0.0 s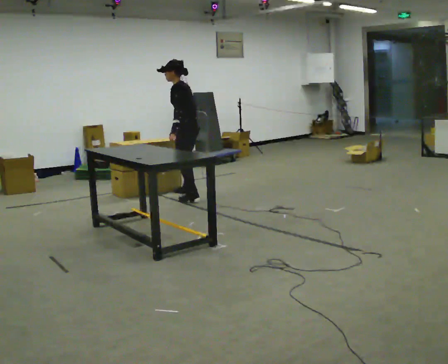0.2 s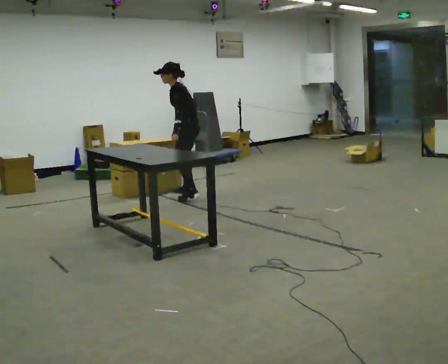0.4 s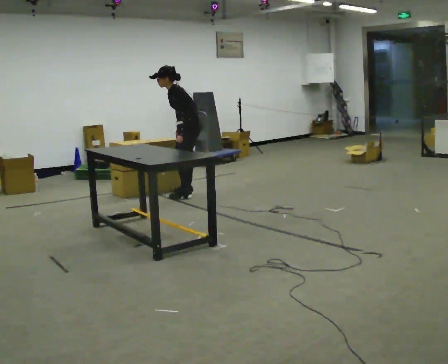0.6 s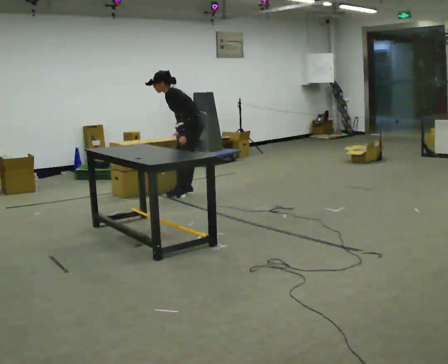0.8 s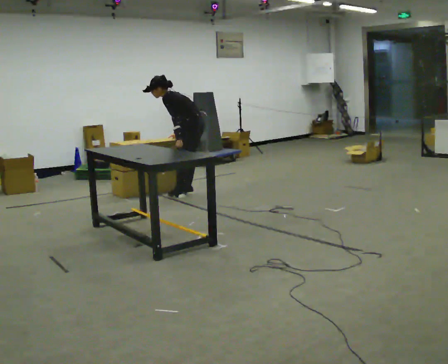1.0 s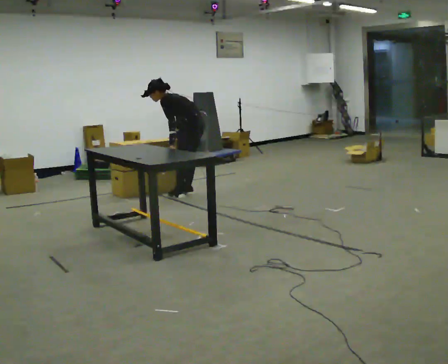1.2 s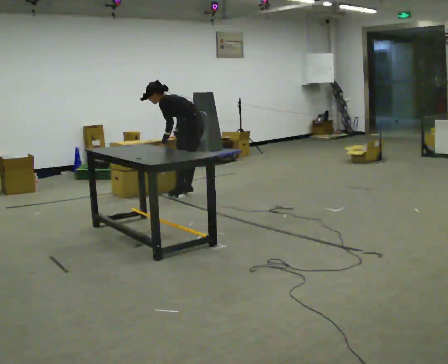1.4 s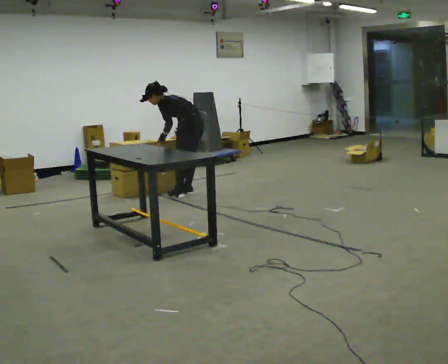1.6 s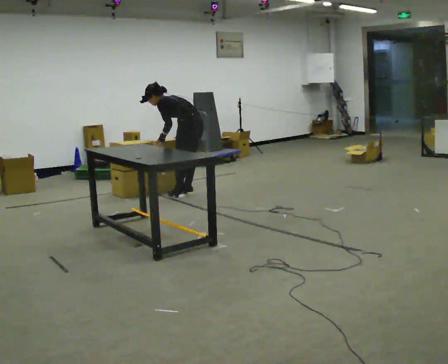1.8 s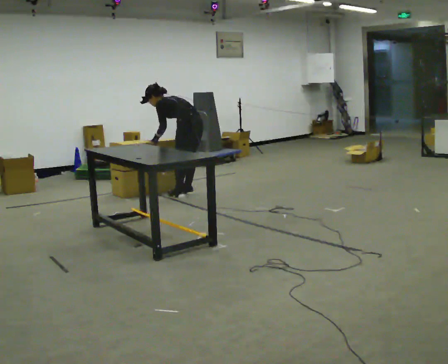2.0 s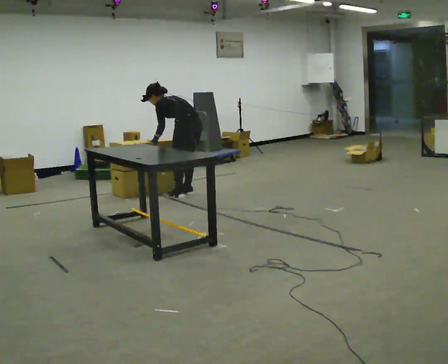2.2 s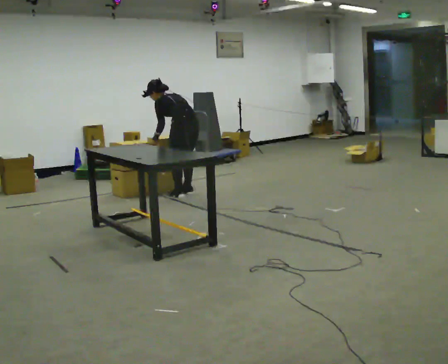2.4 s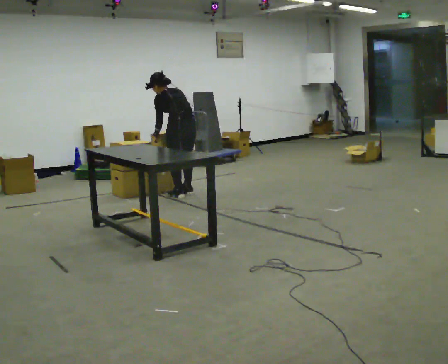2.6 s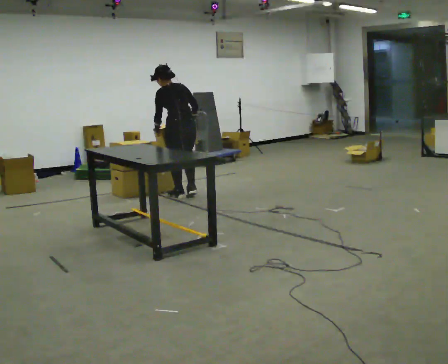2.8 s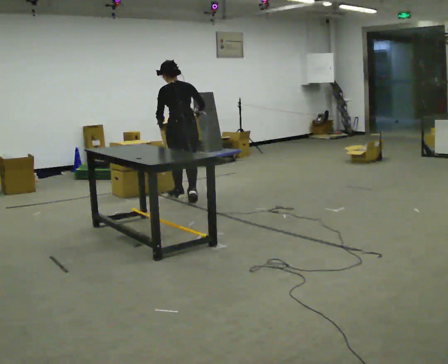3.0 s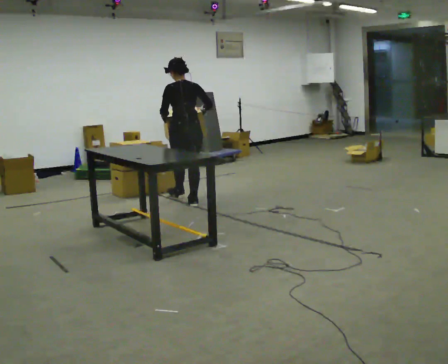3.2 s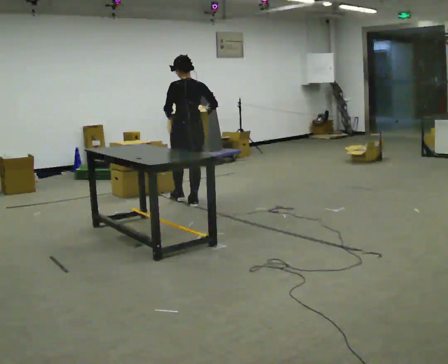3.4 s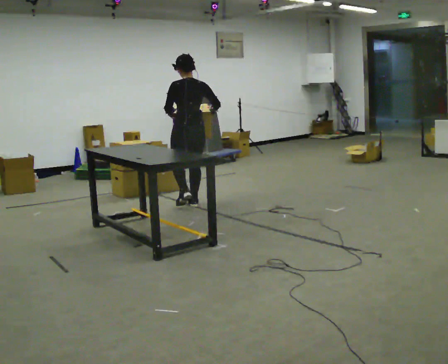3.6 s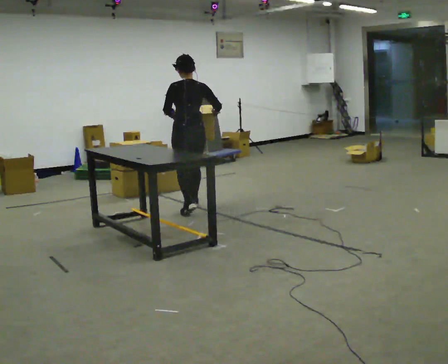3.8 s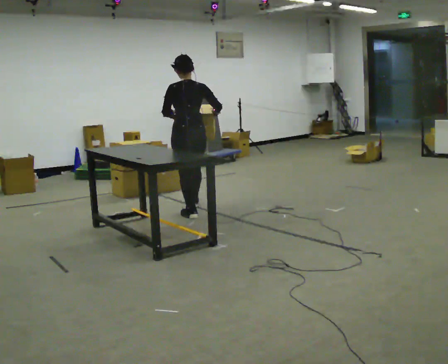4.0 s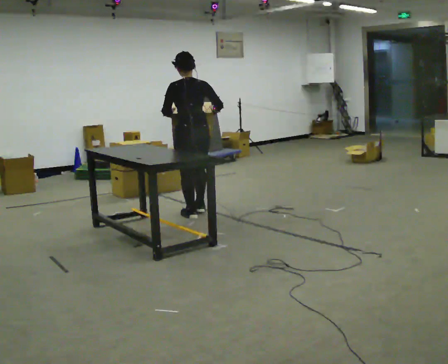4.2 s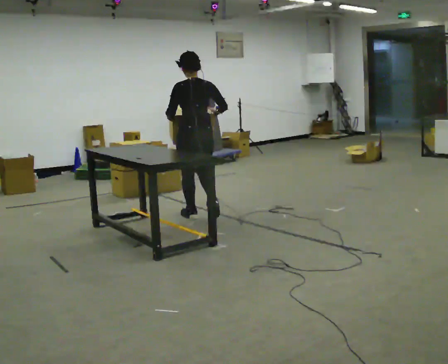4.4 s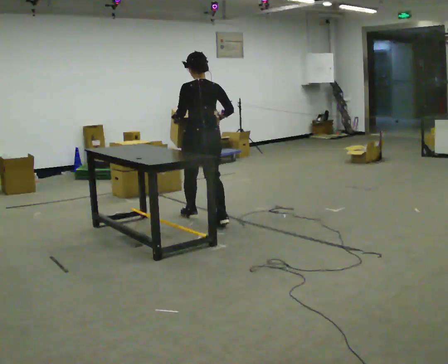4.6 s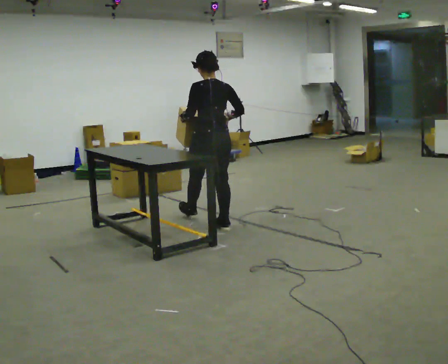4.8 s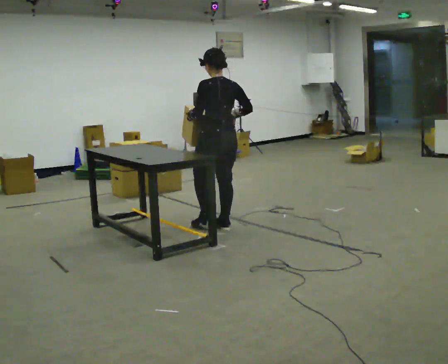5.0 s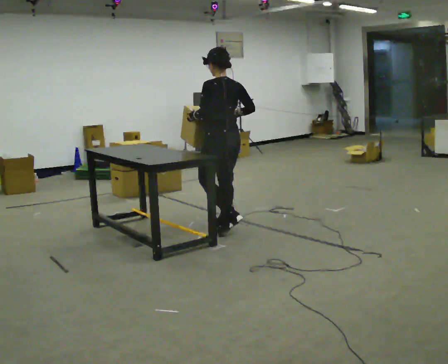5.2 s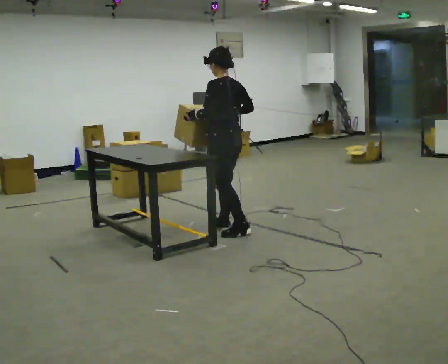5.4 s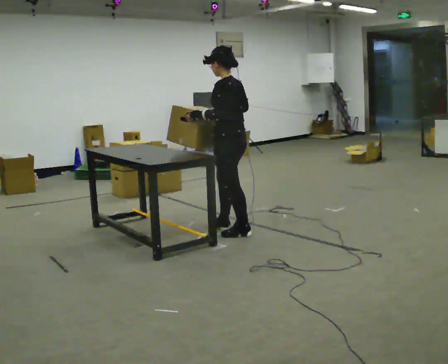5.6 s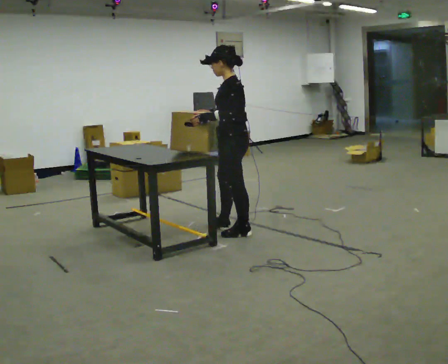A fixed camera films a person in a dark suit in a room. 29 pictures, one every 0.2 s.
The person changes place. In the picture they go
toward the camera.
0.0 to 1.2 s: In the picture they go away from the camera, about 0.25 m in 1 step, which for them is to their right. The upper body goes downward. In the picture the upper body tilts counterclockwise, shoulders to the left, as they bend forward.
1.2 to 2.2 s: The person moves a little, or ends about where they began.
2.2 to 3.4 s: In the picture they go toward the camera, about 0.5 m in 2 steps, which for them is backward. The upper body goes upward. In the picture the upper body tilts clockwise, shoulders to the right, as they lean back or straighten. In the picture their left hand goes upward.
3.4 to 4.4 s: In the picture they go toward the camera, about 0.5 m in 1 step, which for them is backward.
4.4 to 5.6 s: The person turns about 60 degrees to their left, counterclockwise seen from above, so the part of the body nearest the lens slides to the right. In the picture they go toward the camera and to the right, about 0.5 m in 1 step, which for them is backward.
The film runs backward here.
